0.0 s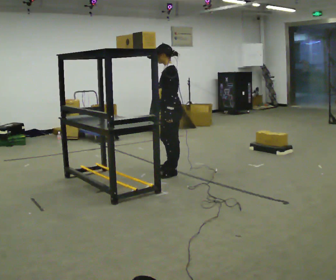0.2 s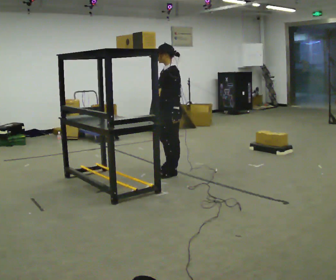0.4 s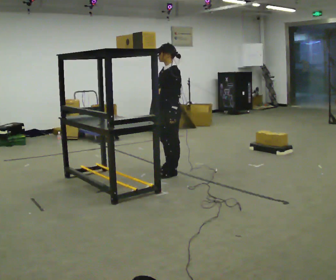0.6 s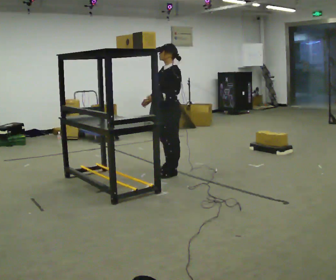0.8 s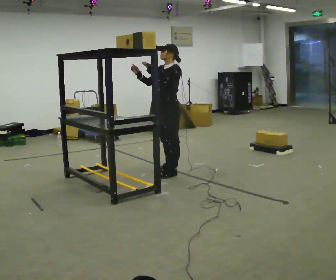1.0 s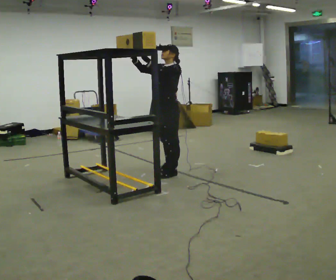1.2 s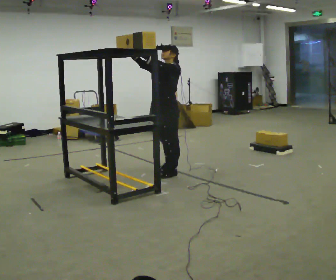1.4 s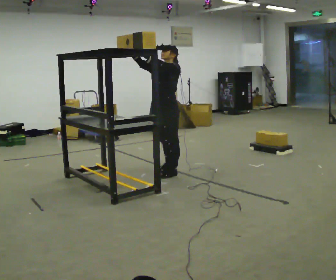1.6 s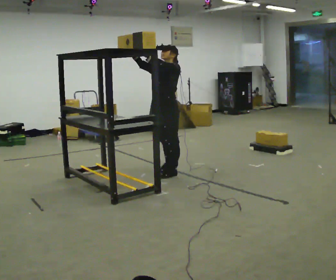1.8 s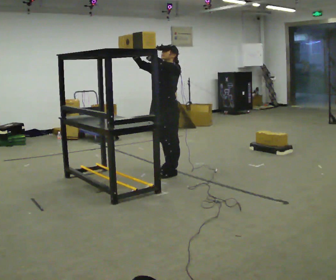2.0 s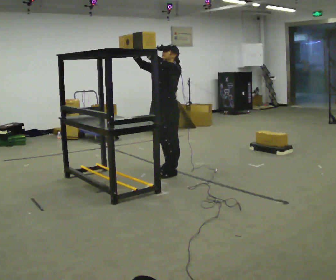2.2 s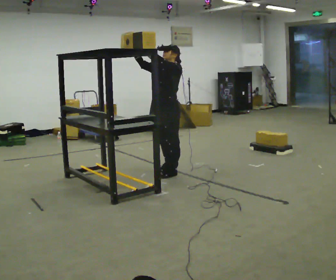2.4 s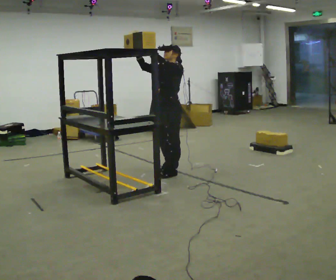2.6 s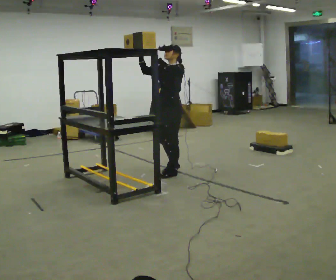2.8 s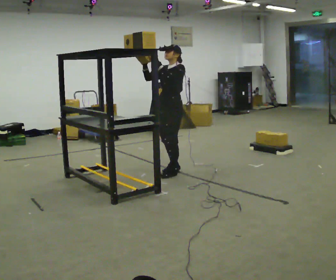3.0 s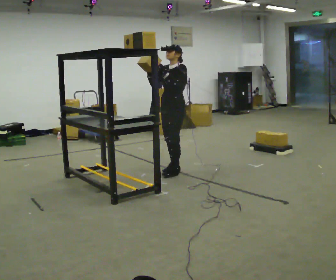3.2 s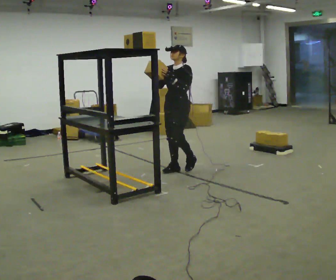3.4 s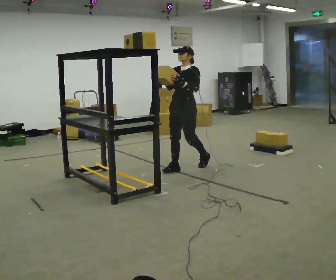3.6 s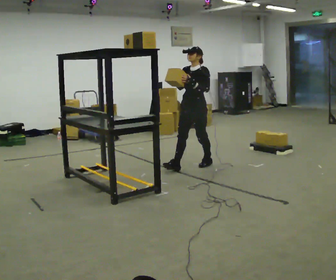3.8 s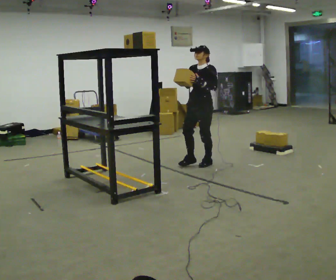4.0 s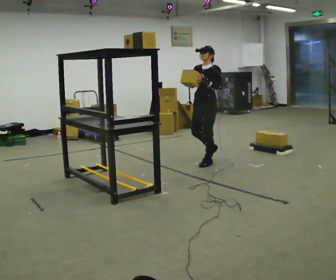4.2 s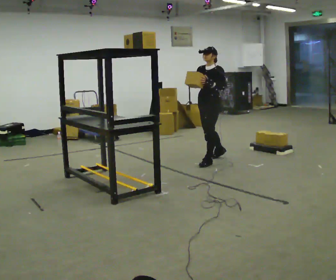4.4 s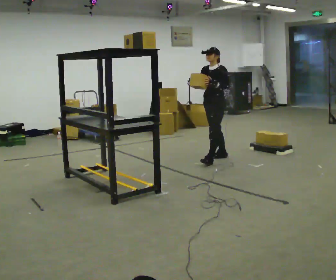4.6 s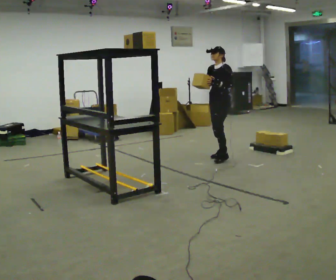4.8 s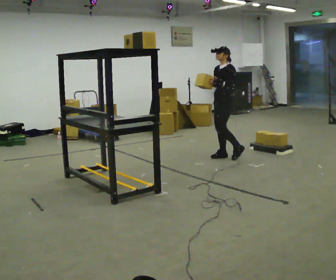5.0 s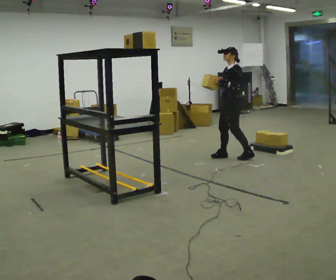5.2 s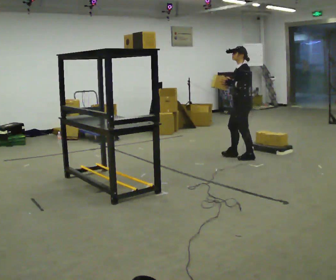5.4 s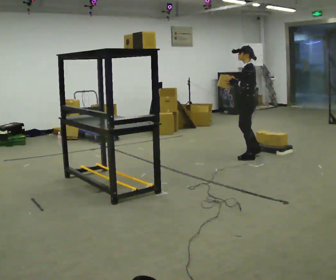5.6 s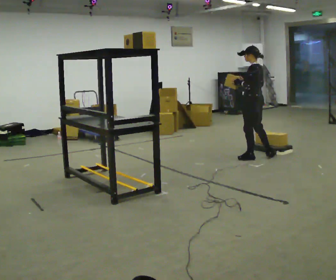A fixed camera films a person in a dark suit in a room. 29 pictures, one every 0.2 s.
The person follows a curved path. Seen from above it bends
clockwise.
The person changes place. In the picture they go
to the right.
0.0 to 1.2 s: Seen from above the body turns counterclockwise, about 30 degrees: to their left, with its near side sliding to the right. In the picture their right hand goes upward and to the left, the arm swinging clockwise.
1.2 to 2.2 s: The person moves a little, or ends about where they began.
2.2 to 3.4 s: In the picture they go away from the camera and to the right, about 0.25 m in 1 step, which for them is backward. In the picture their left hand goes downward.
3.4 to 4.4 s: In the picture they go away from the camera and to the right, about 0.5 m in 1 step, which for them is backward.
4.4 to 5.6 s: The person turns about 75 degrees to their right, clockwise seen from above, so the part of the body nearest the lens slides to the left. In the picture they go to the right, about 0.5 m in 2 steps.
The film runs backward here.
